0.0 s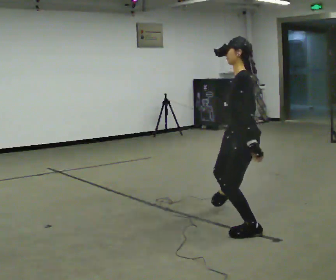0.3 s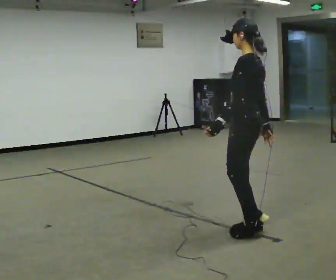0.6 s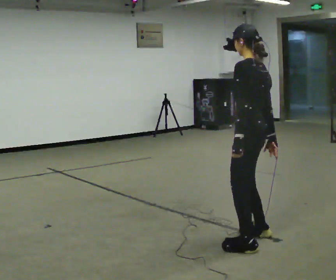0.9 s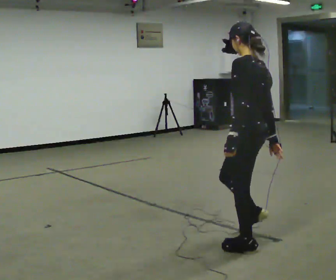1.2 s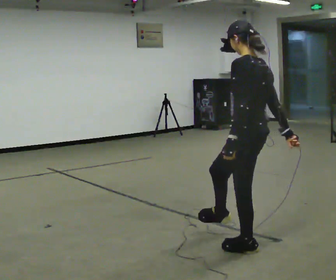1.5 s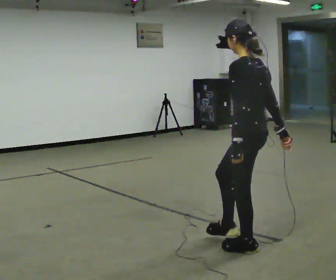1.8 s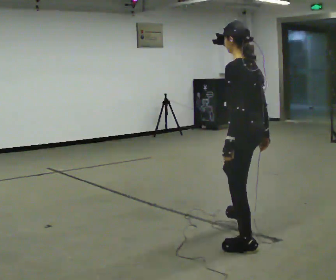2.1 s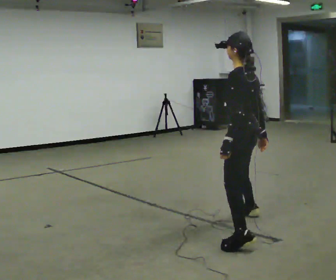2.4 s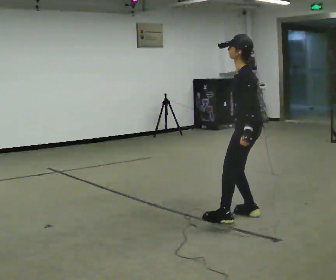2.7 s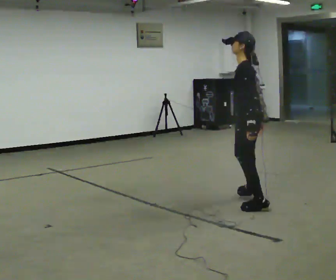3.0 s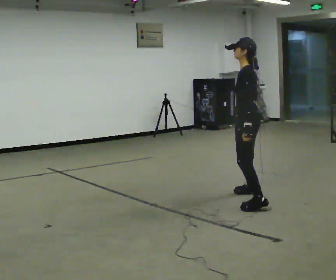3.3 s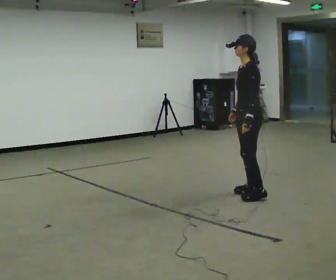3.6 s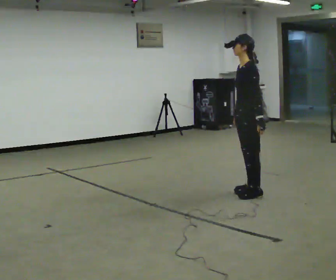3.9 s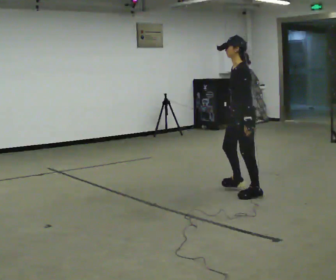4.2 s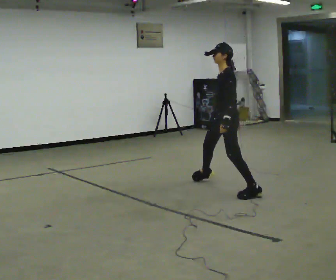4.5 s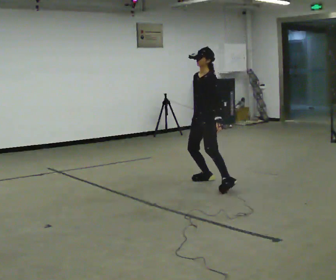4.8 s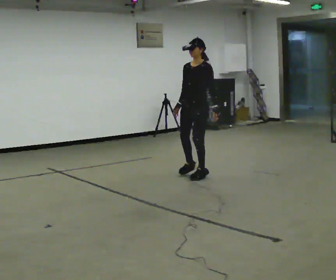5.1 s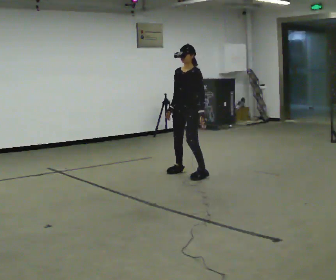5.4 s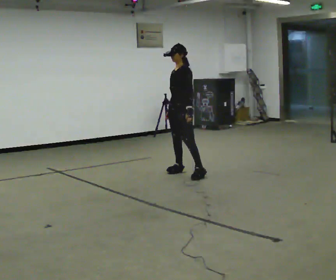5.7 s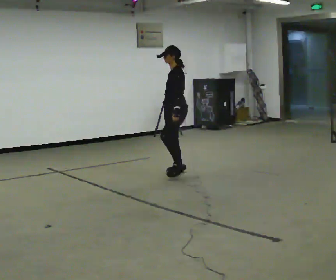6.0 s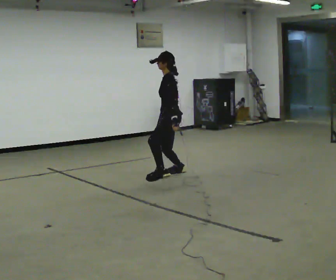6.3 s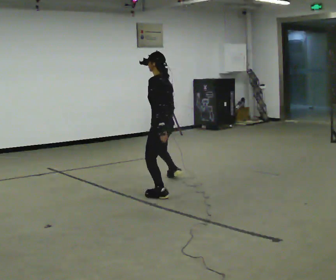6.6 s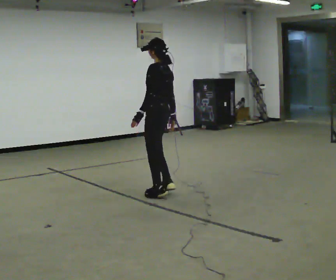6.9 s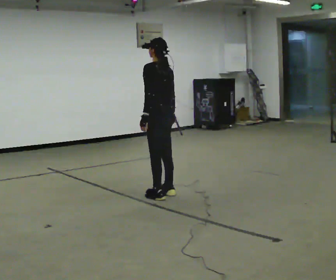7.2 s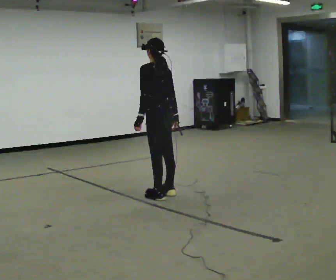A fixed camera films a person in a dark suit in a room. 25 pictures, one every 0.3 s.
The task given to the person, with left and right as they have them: Move around the room freely as if avoiding someone: change speed and direction whenever you like. Keep moving until the operator says stop.
0.0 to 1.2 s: The part of the body nearest the lens slides to the left as the person turns to their right by about 30 degrees. In the picture they go toward the camera, about 0.5 m in 2 steps, which for them is to their left and backward.
1.2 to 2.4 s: In the picture they go away from the camera, about 1 m in 1 step, which for them is to their right and forward.
2.4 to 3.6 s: In the picture they go away from the camera, about 0.5 m in 3 steps, which for them is to their right.
3.6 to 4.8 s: Seen from above the body turns counterclockwise, about 30 degrees: to their left, with its near side sliding to the right. In the picture they go away from the camera and to the left, about 1 m in 1 step, which for them is to their right and forward.
4.8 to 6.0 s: The person turns about 45 degrees to their right, clockwise seen from above, so the part of the body nearest the lens slides to the left. In the picture they go to the left, about 0.25 m in 2 steps, which for them is forward and to their right.
6.0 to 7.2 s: Seen from above the body turns clockwise, about 45 degrees: to their right, with its near side sliding to the left. In the picture they go toward the camera, about 1 m in 2 steps, which for them is to their left and backward.
The film runs forward here.
